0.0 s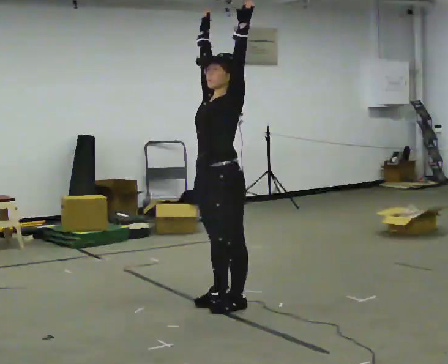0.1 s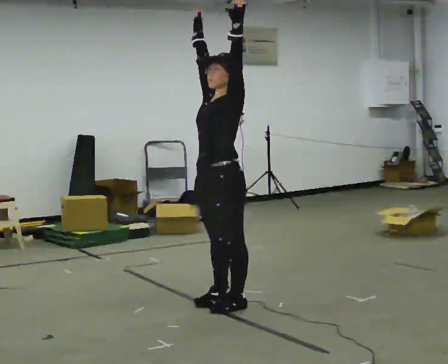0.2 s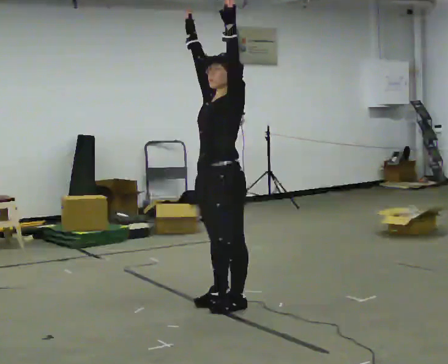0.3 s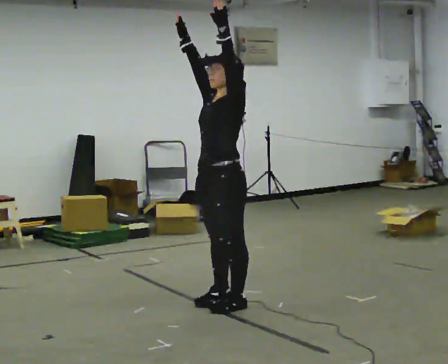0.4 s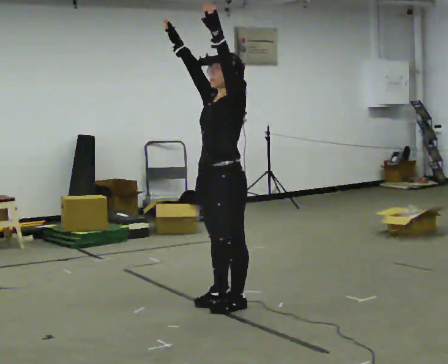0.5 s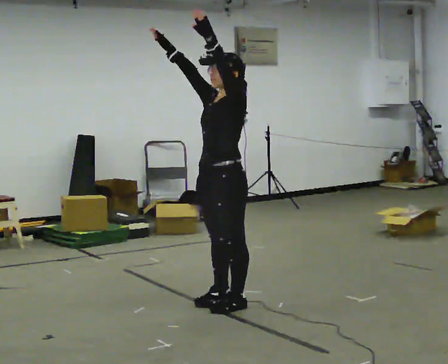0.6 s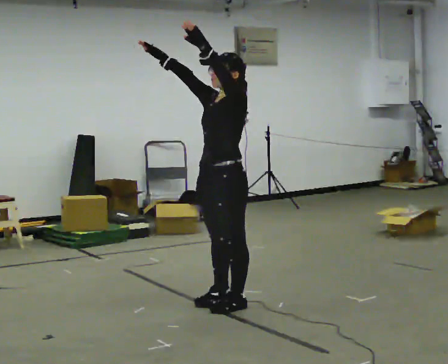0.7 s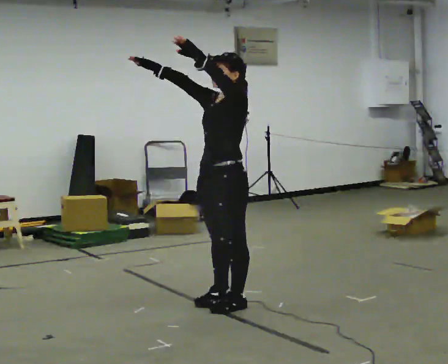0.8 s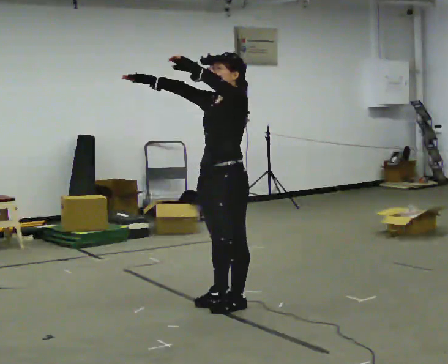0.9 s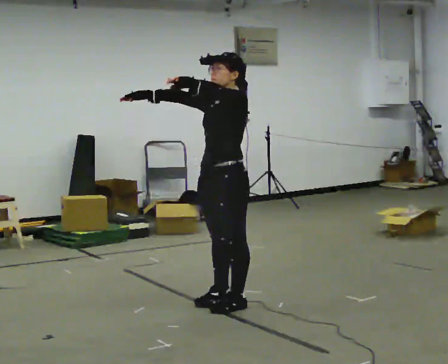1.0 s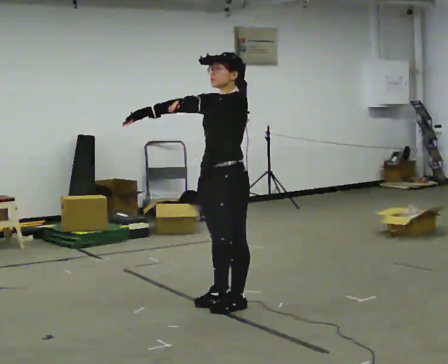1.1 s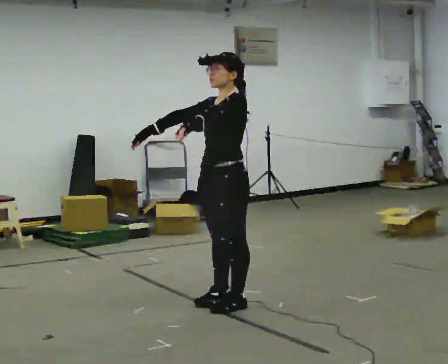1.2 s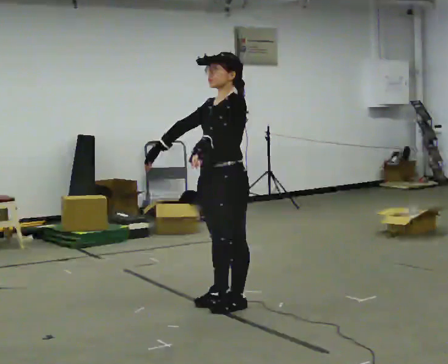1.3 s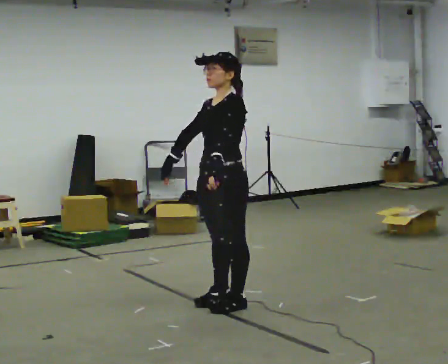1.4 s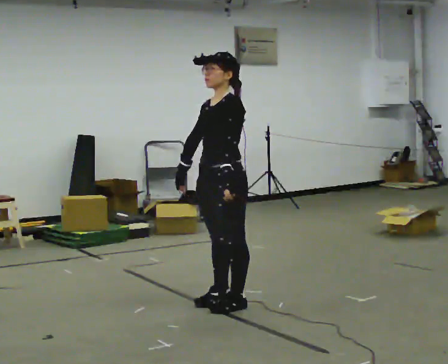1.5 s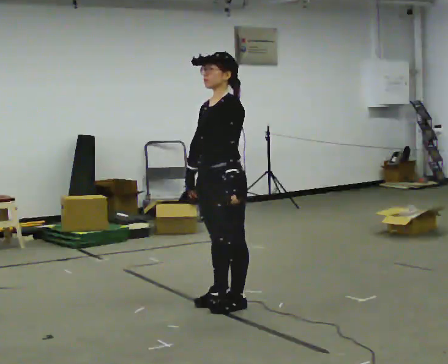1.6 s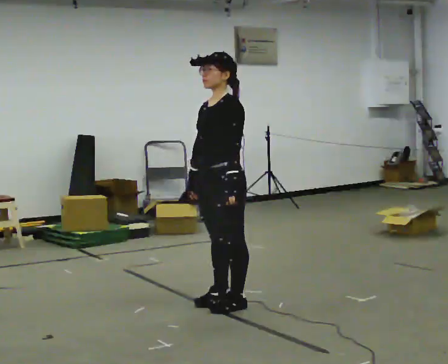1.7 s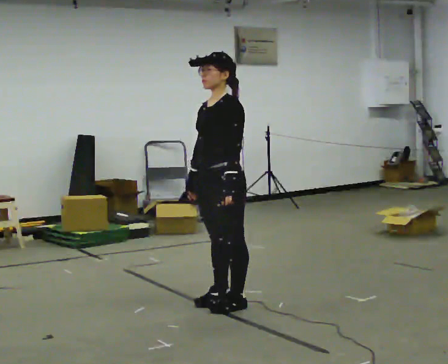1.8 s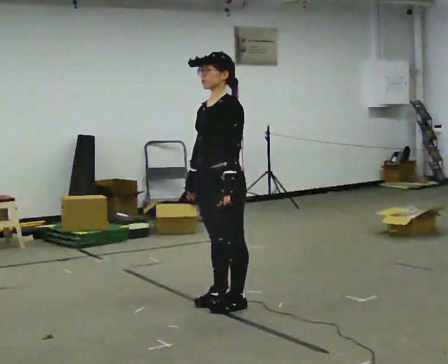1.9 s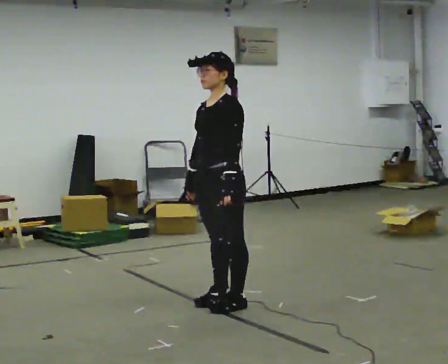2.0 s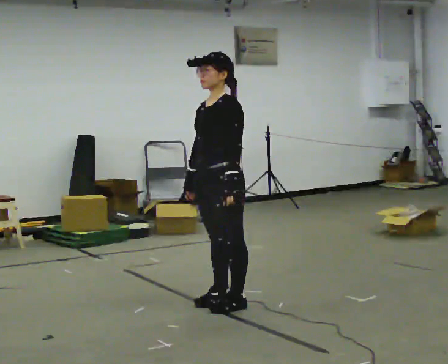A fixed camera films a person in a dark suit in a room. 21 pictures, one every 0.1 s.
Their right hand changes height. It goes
downward.
Their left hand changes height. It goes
downward.
0.0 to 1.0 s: In the picture their right hand goes downward and to the left, the arm swinging counterclockwise.
1.0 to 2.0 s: In the picture their left hand goes downward.
The film runs backward here.
